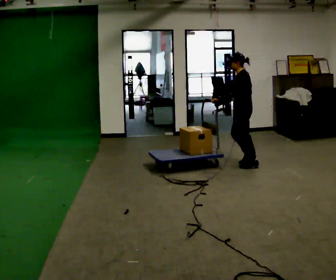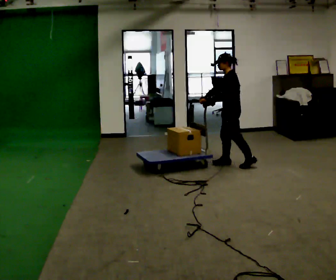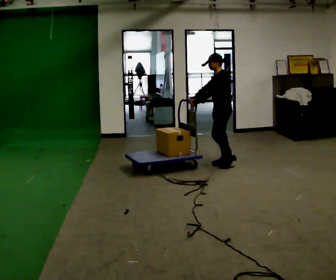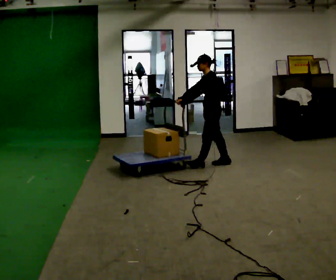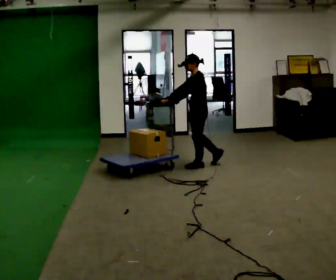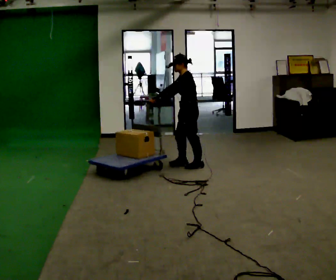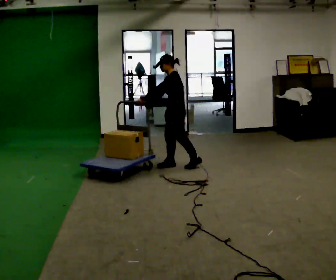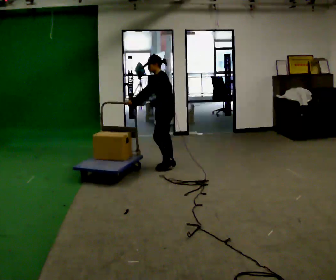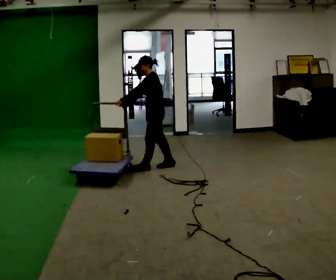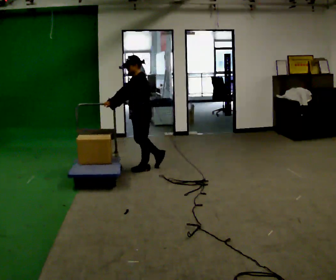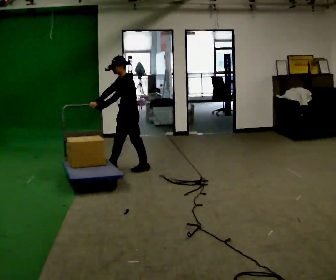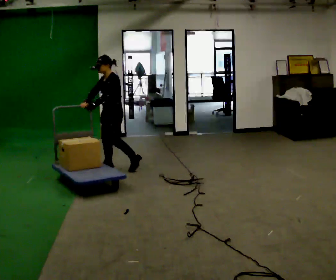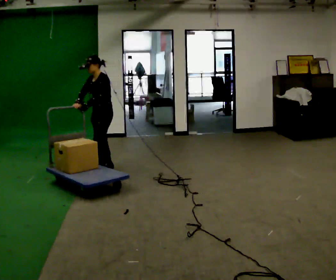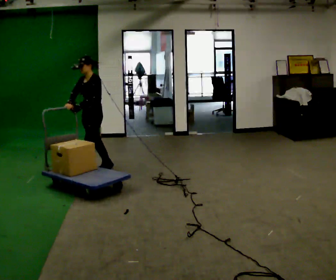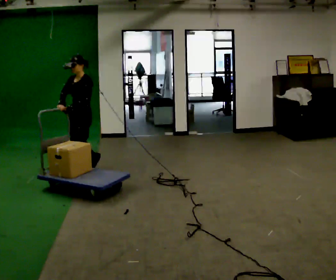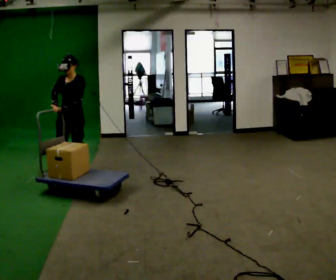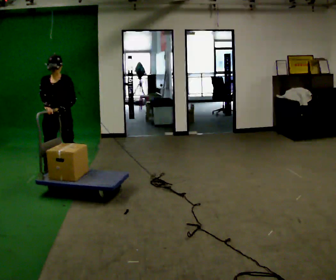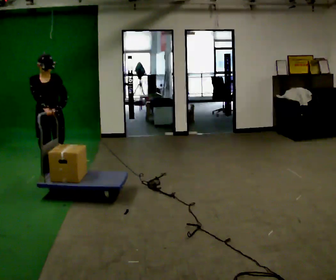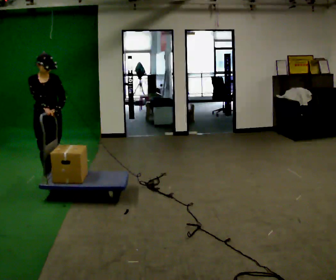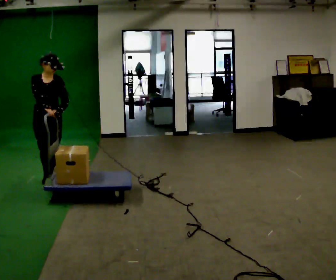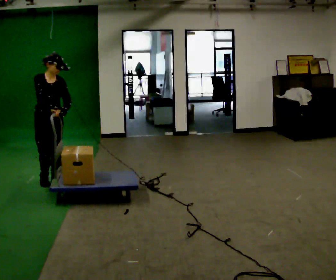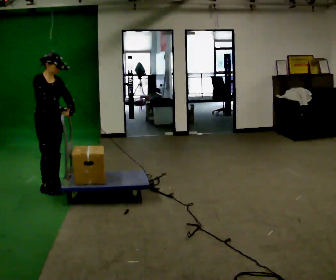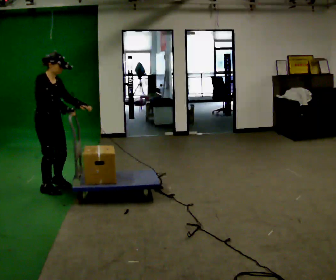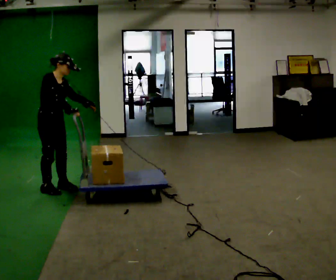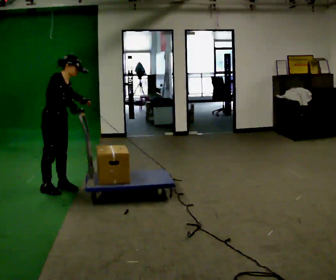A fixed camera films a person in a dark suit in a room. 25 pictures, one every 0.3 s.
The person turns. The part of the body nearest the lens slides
to the right.
The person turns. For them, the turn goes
to their left.
0.0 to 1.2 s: In the picture they go to the left, about 0.5 m in 2 steps, which for them is forward.
1.2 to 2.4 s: In the picture they go to the left, about 0.5 m in 2 steps, which for them is forward.
2.4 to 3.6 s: The part of the body nearest the lens slides to the right as the person turns to their left by about 30 degrees. In the picture they go to the left, about 0.75 m in 1 step, which for them is forward.
3.6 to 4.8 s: Seen from above the body turns counterclockwise, about 45 degrees: to their left, with its near side sliding to the right. In the picture they go to the left and toward the camera, about 0.75 m in 2 steps, which for them is forward.
4.8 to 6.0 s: The part of the body nearest the lens slides to the right as the person turns to their left by about 30 degrees. In the picture they go toward the camera, about 0.25 m in 1 step, which for them is forward and to their right.
6.0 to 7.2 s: The part of the body nearest the lens slides to the right as the person turns to their left by about 45 degrees. In the picture they go toward the camera, about 0.25 m in 2 steps, which for them is forward and to their right.
The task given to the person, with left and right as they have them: Push the cart across the room and back. The operator will change how much is loaded on it between takes and will tell you each time.
The film runs forward here.
